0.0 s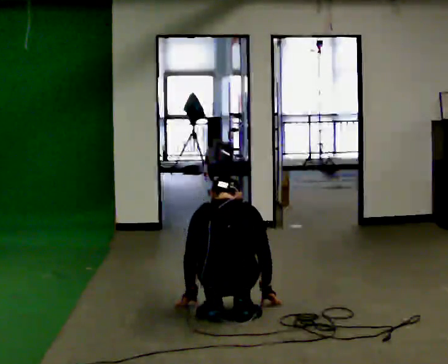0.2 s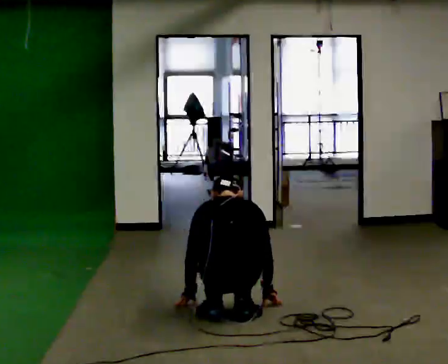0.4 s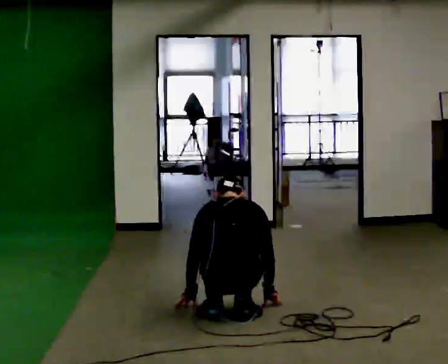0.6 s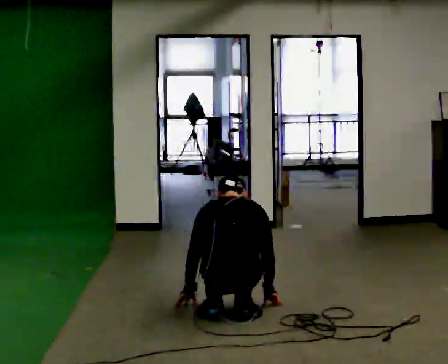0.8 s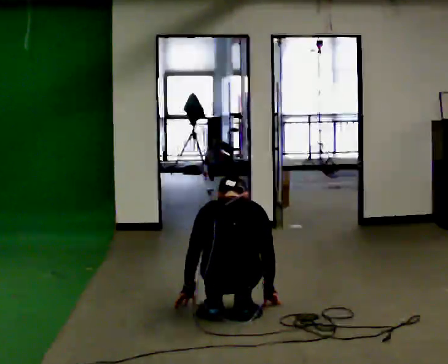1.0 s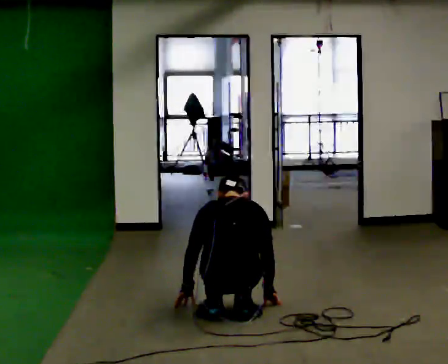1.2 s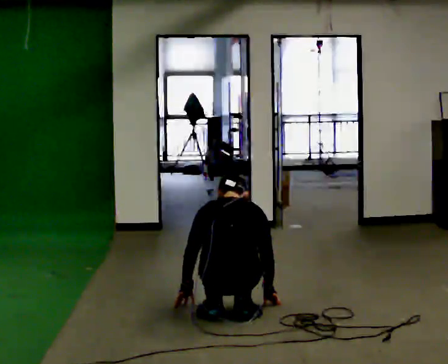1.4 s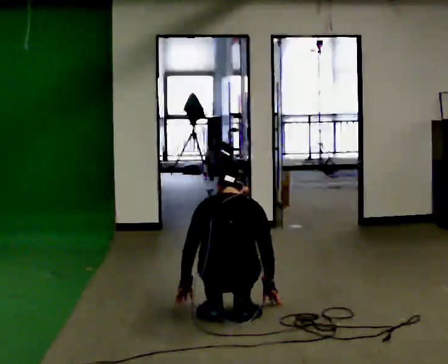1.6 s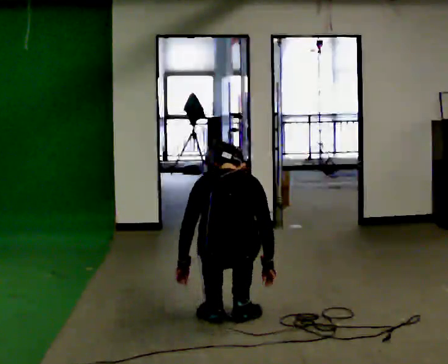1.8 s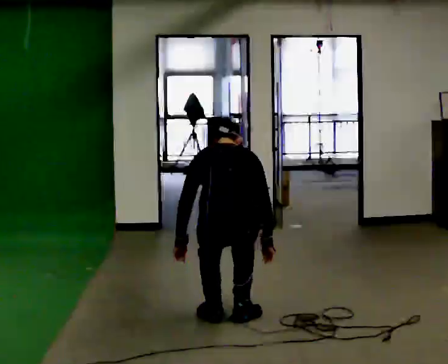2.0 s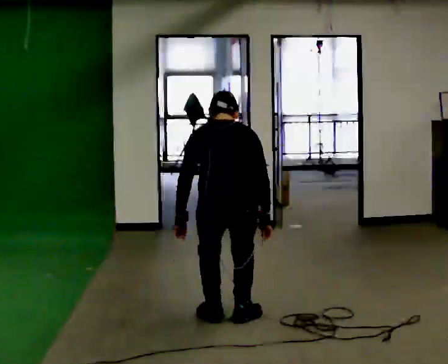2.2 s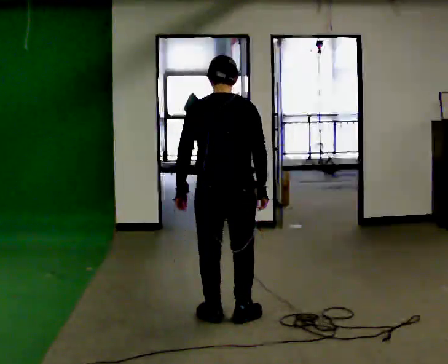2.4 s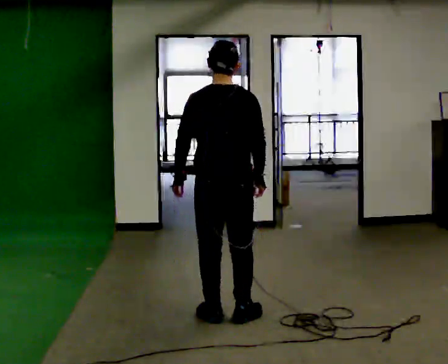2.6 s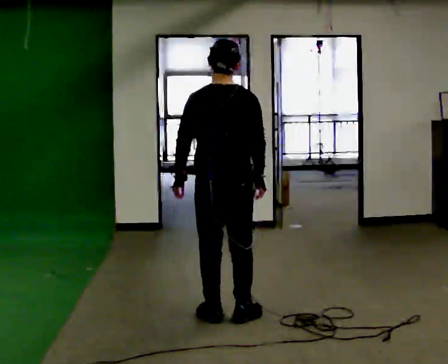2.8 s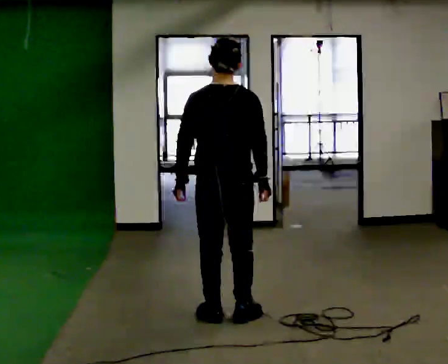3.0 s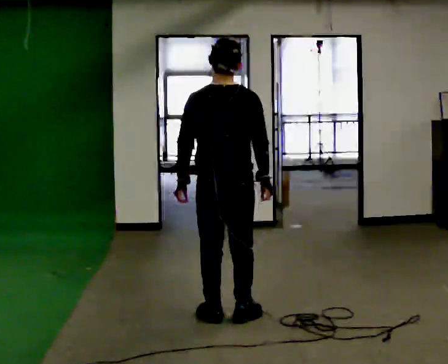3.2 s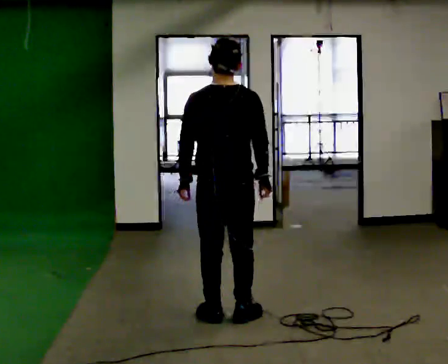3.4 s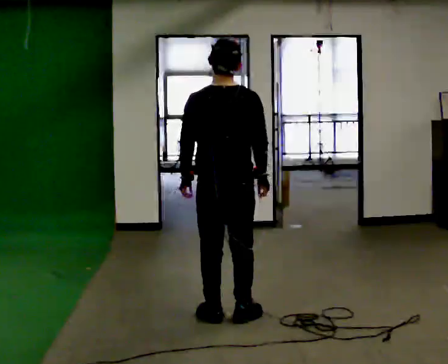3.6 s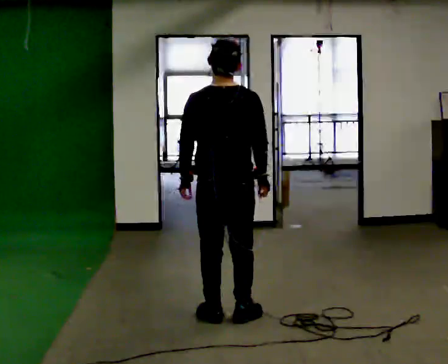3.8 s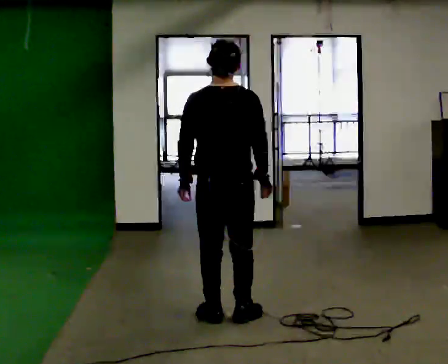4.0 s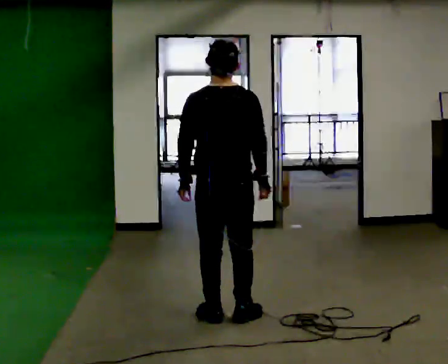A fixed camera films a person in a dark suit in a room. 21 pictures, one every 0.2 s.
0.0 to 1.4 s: The person moves a little, or ends about where they began.
1.4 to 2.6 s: The shoulders move upward. The upper body tips toward the camera, its near side rolling downward, as they lean back or straighten. In the picture their right hand goes upward.
2.6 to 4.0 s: The person moves a little, or ends about where they began.
The film runs forward here.
